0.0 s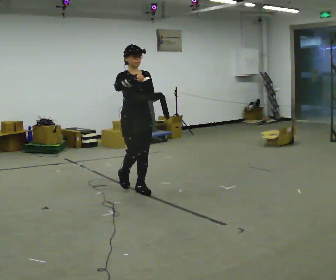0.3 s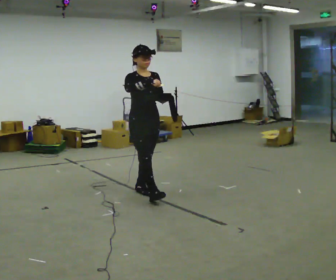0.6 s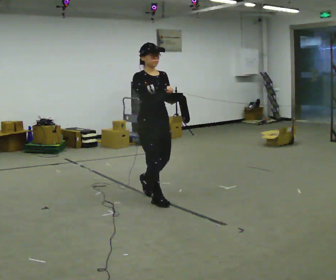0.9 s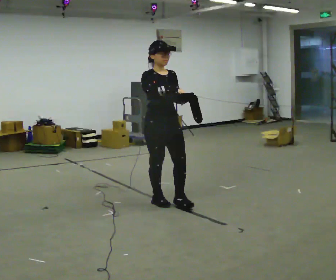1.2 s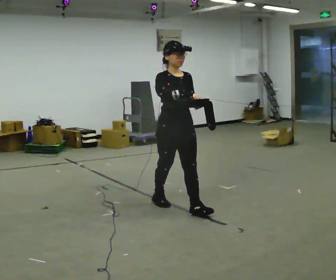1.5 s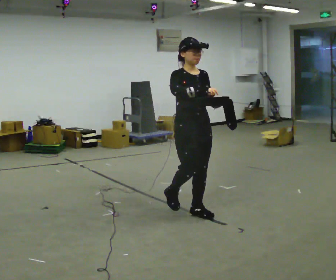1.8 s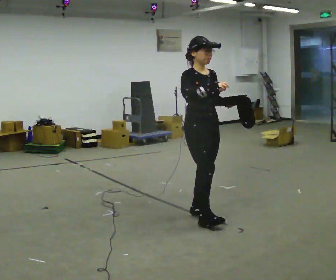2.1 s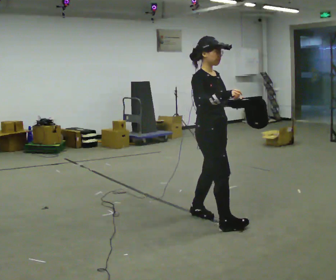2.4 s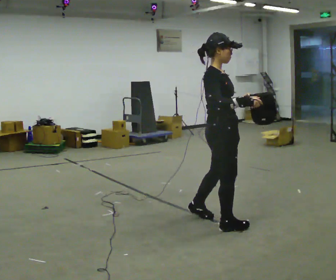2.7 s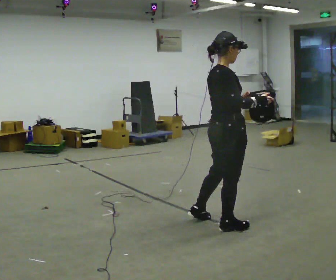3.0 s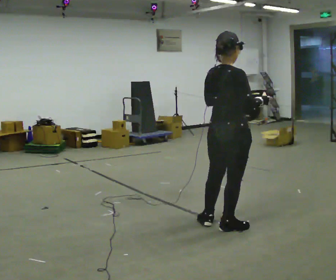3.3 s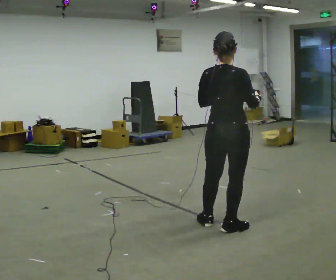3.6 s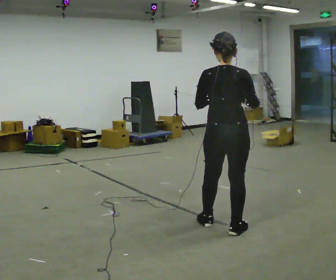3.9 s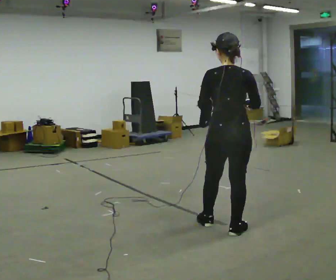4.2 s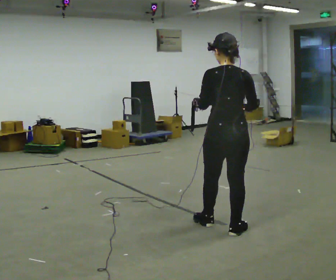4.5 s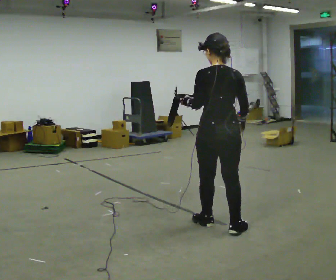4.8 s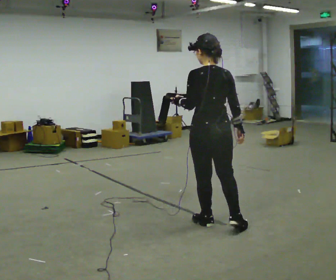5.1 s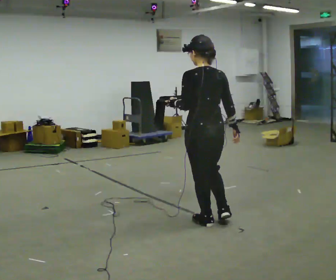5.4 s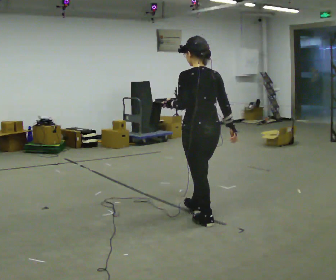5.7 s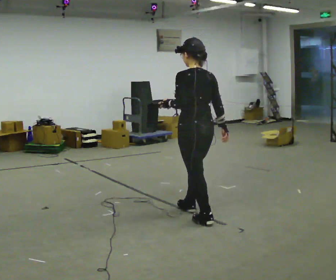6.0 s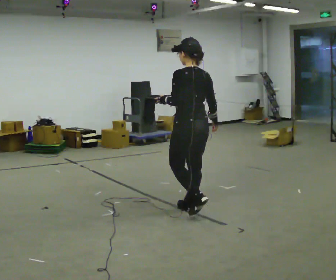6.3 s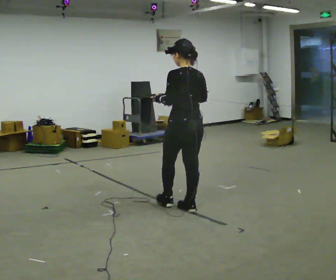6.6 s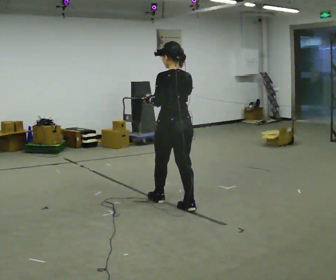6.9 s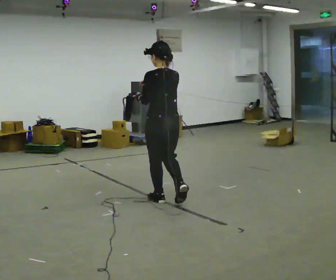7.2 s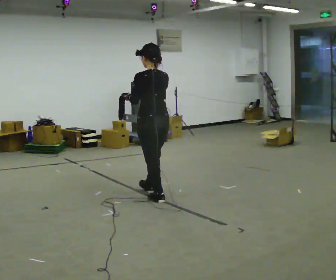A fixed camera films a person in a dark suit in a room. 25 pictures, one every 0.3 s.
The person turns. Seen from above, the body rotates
counterclockwise.
The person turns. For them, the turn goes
to their left.
0.0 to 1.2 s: In the picture they go to the right and toward the camera, about 1 m in 2 steps, which for them is forward.
1.2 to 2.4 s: Seen from above the body turns counterclockwise, about 45 degrees: to their left, with its near side sliding to the right. In the picture they go to the right and toward the camera, about 0.5 m in 1 step, which for them is forward.
2.4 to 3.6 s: The person turns about 90 degrees to their left, counterclockwise seen from above, so the part of the body nearest the lens slides to the right.
3.6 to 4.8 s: Seen from above the body turns counterclockwise, about 30 degrees: to their left, with its near side sliding to the right.
4.8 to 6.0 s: In the picture they go to the left and away from the camera, about 0.5 m in 1 step, which for them is forward.
6.0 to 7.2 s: In the picture they go to the left and away from the camera, about 0.5 m in 1 step, which for them is forward.
The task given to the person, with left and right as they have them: Carry the open container and, while walking, reach in with one hand and take an item out, then put it back. Repeat as you walk. Do not stop.
The film runs forward here.
